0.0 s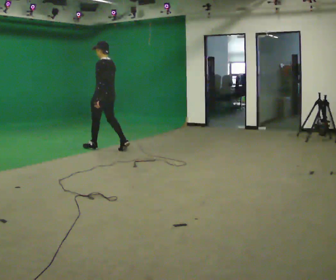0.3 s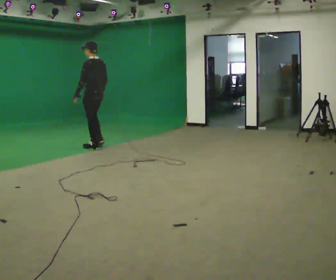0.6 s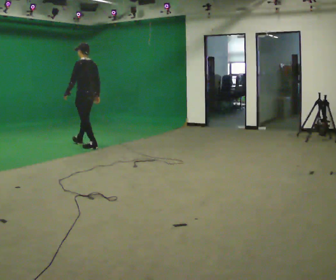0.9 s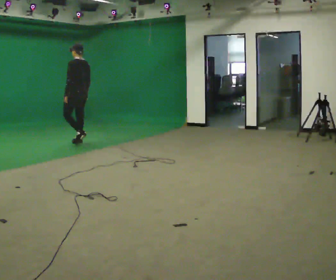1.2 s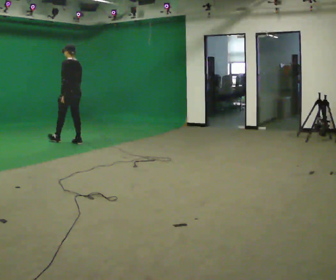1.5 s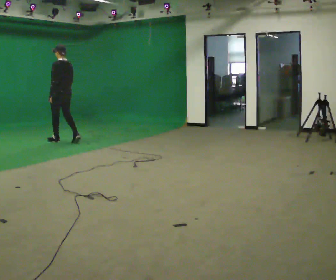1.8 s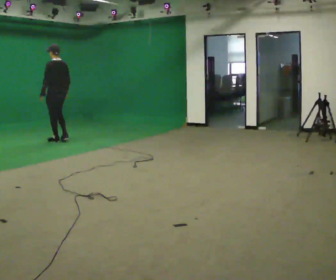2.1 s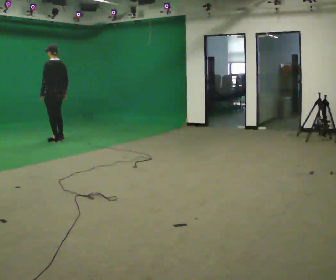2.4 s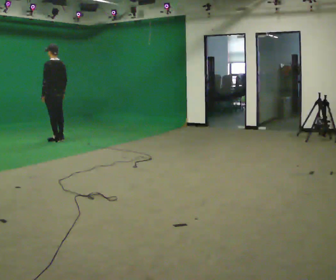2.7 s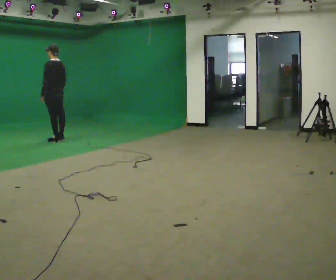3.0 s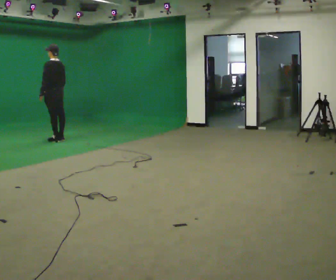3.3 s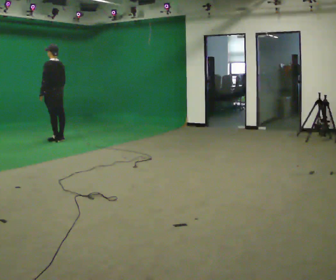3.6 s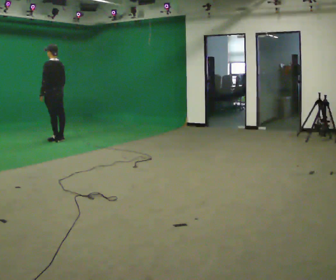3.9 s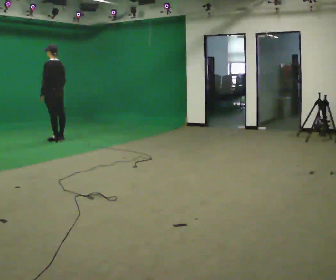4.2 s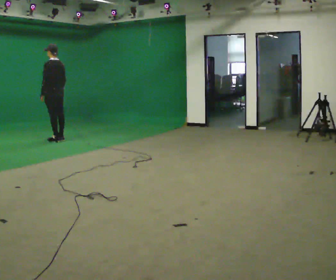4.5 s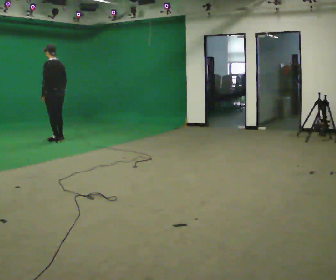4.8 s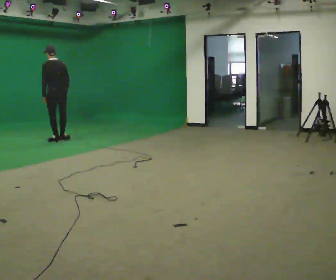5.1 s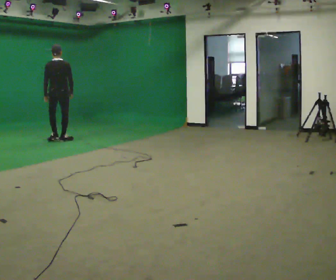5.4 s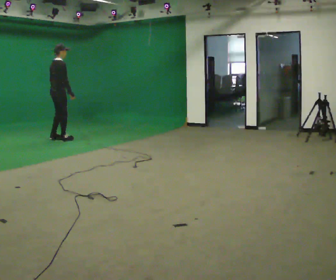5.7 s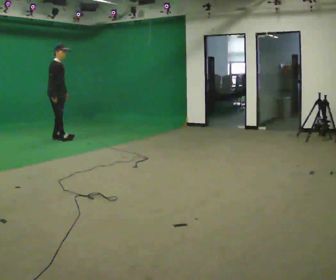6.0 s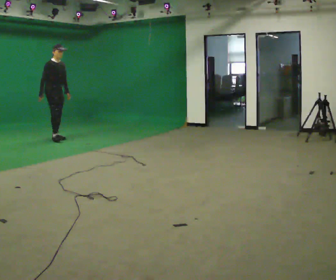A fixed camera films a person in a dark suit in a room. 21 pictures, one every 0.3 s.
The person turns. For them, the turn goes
to their right.
The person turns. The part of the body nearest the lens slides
to the left.
0.0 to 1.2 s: In the picture they go away from the camera and to the left, about 1 m in 1 step, which for them is forward.
1.2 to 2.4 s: In the picture they go to the left and away from the camera, about 0.5 m in 2 steps, which for them is forward.
2.4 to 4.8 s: The person moves a little, or ends about where they began.
4.8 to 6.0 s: The person turns about 150 degrees to their right, clockwise seen from above, so the part of the body nearest the lens slides to the left. In the picture they go away from the camera, about 0.25 m in 1 step. In the picture the upper body tilts clockwise, shoulders to the right. In the picture their right hand goes to the left.
The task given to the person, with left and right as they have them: Start at normal speed; gradually slow over several steps; stop gently.
The film runs forward here.
